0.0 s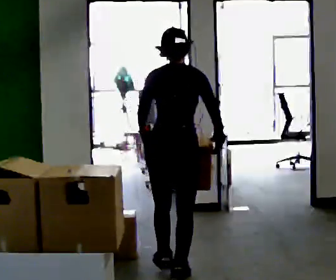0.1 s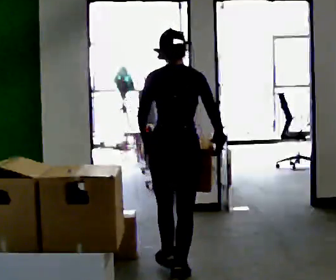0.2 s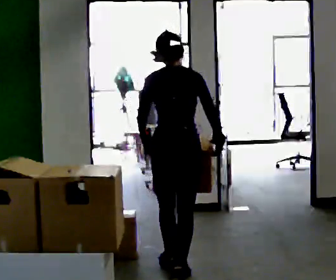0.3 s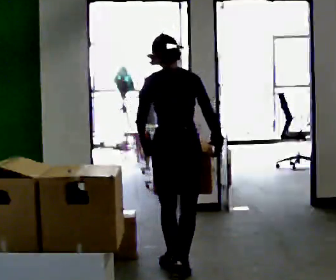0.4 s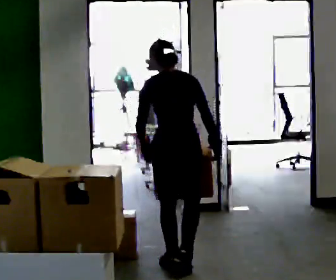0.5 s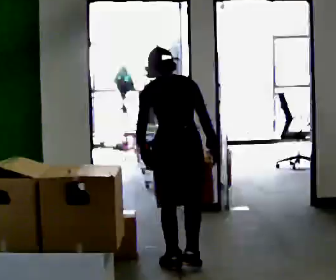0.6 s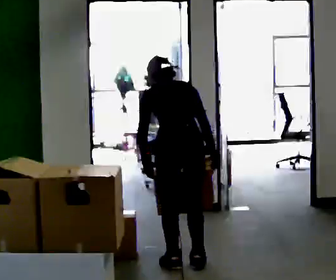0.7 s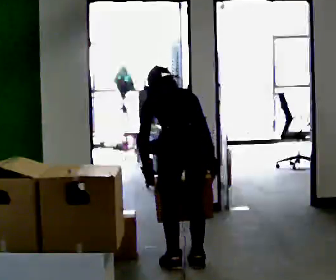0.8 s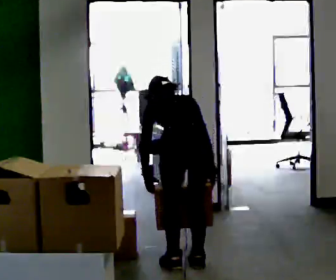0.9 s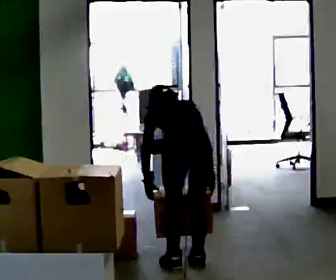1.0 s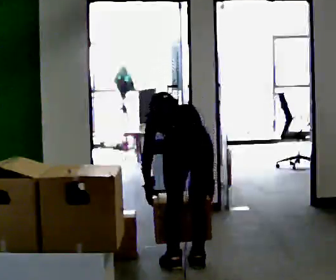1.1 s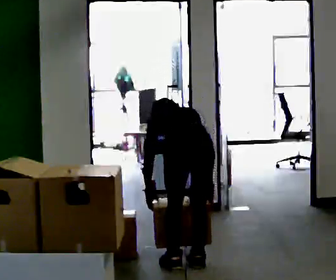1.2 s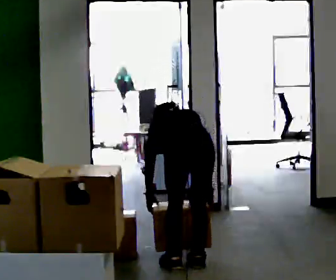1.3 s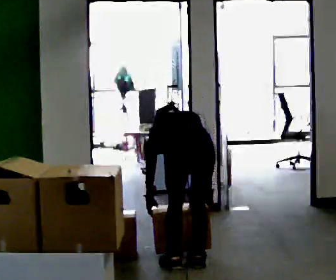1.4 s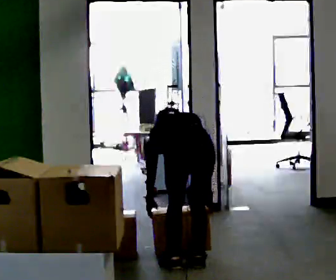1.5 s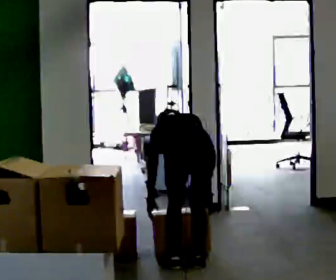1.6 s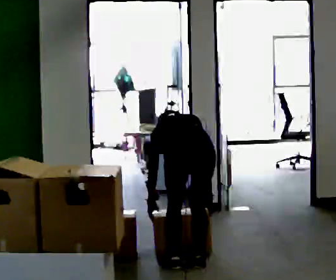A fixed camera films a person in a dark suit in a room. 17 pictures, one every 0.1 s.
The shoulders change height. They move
downward.
Their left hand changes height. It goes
downward.
0.0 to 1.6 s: The shoulders move downward. The upper body tips away from the camera, its near side rolling upward, as they bend forward. In the picture their left hand goes downward.
The film runs forward here.
